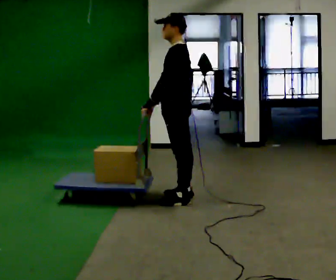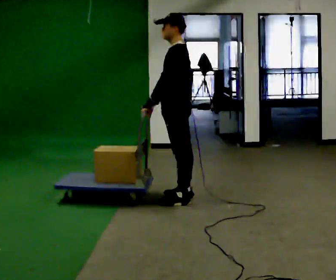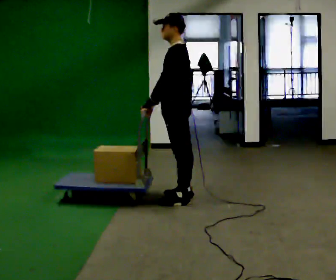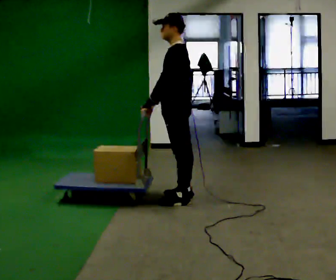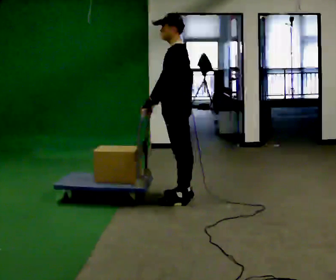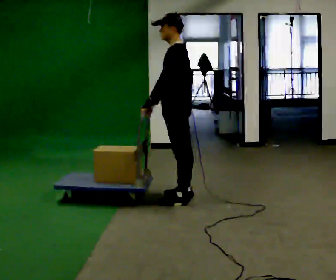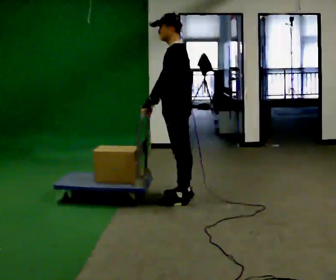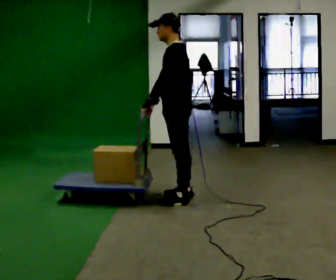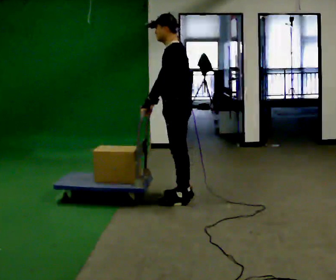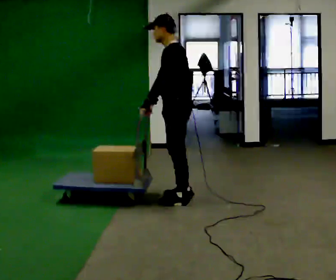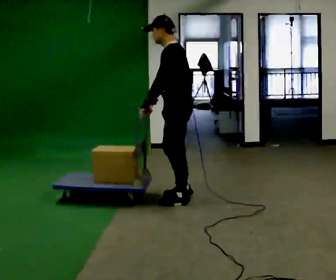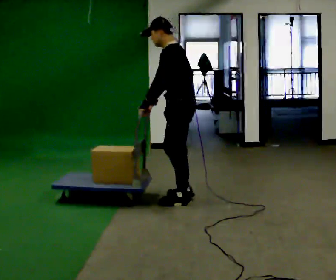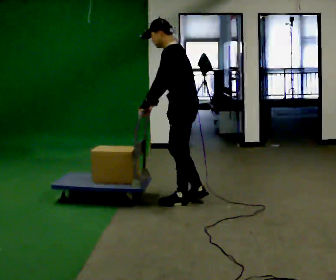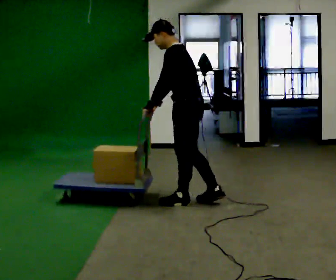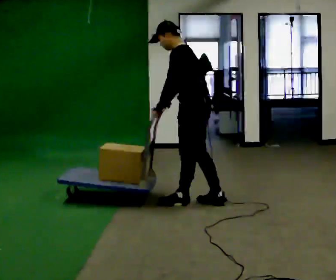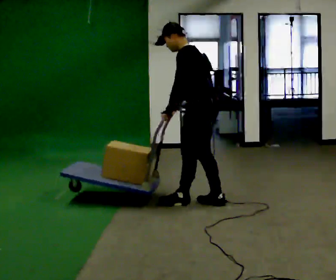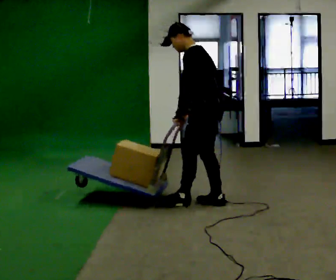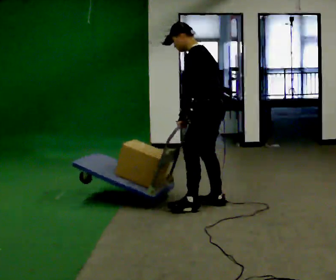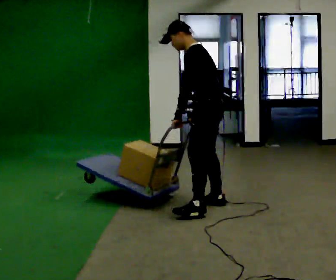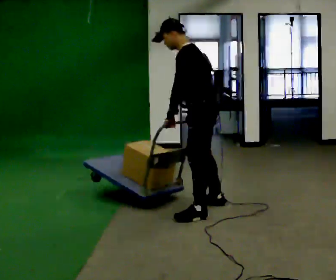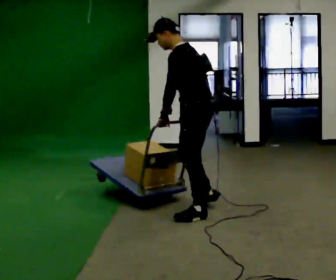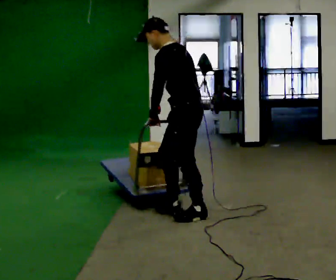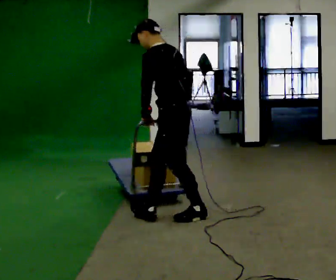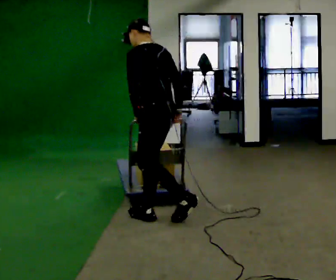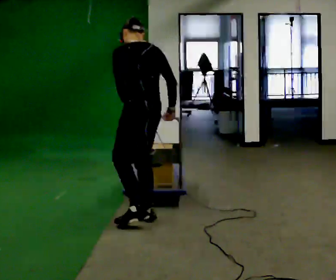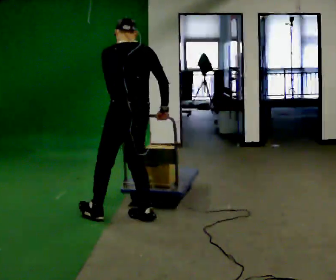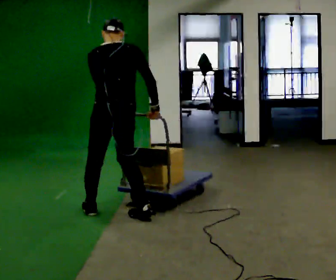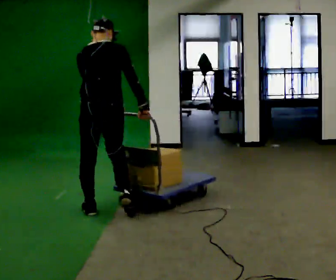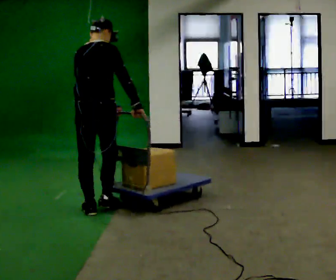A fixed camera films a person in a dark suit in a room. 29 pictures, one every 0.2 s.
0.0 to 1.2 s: The person keeps their place and pose.
1.2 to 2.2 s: The person moves a little, or ends about where they began.
2.2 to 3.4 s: In the picture they go to the right, about 0.25 m in 1 step, which for them is backward.
3.4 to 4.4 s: In the picture they go toward the camera and to the left, about 0.5 m in 2 steps, which for them is to their left and forward.
4.4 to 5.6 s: The person turns about 90 degrees to their right, clockwise seen from above, so the part of the body nearest the lens slides to the left. In the picture they go to the left, about 0.5 m in 1 step.
The film runs forward here.
